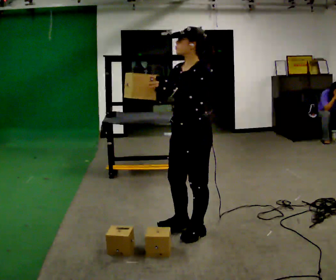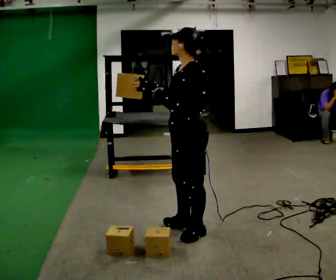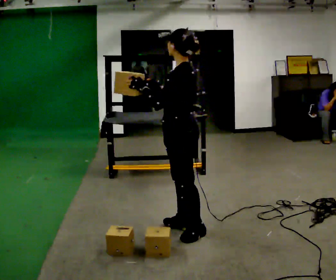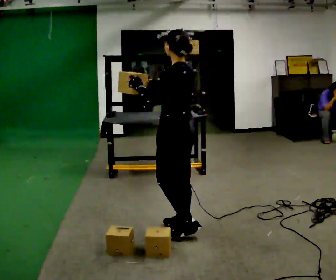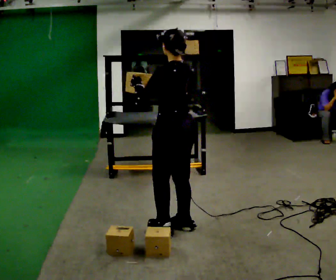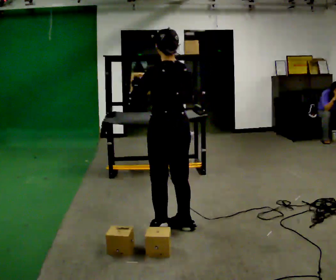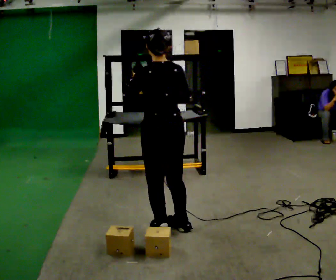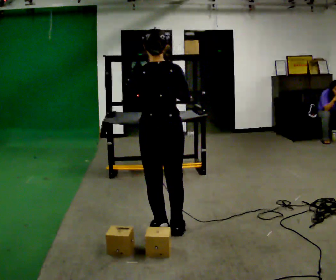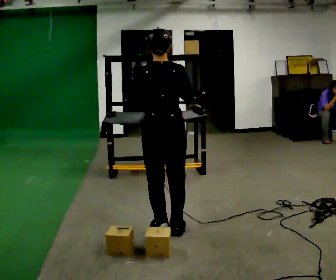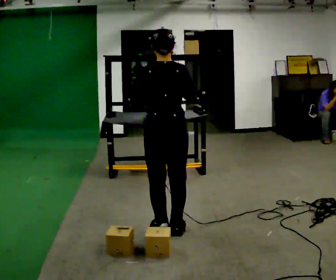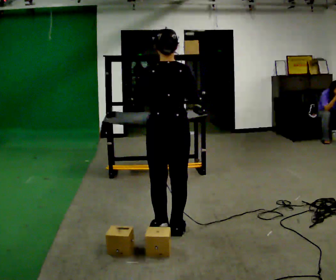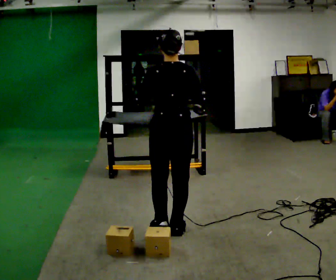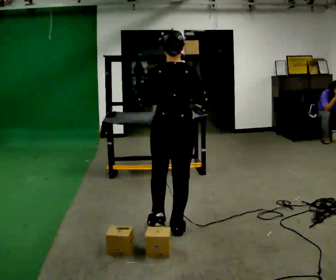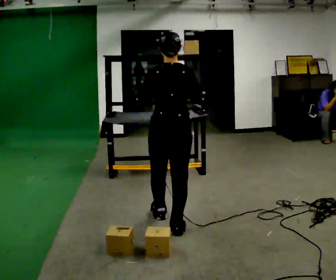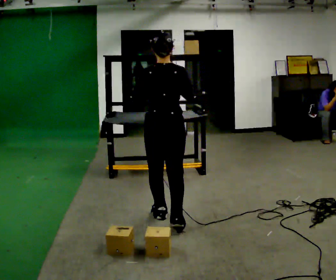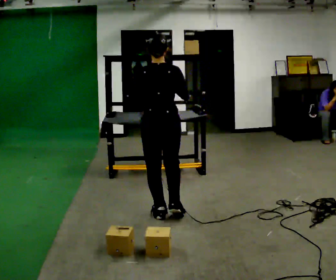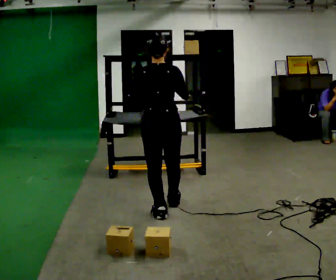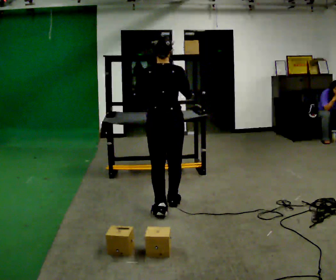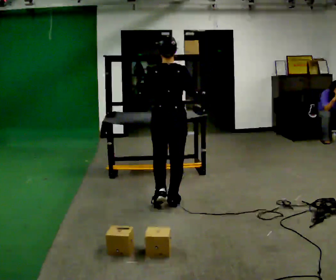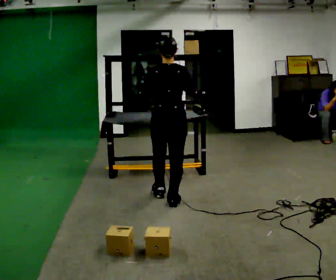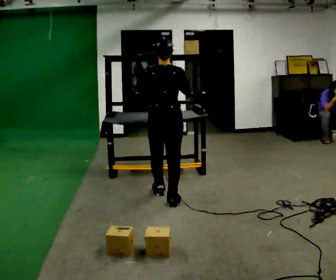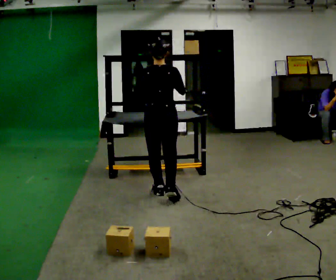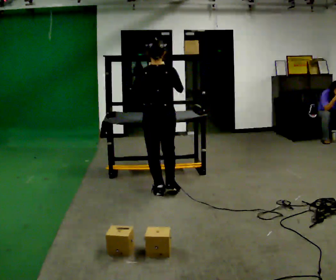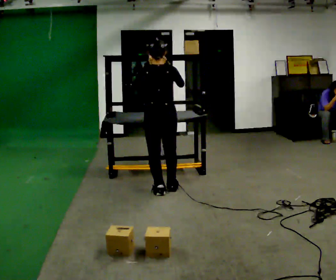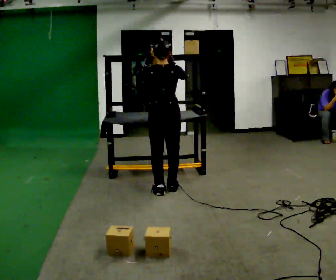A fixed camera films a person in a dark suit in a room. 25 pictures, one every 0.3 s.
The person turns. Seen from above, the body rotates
clockwise.
The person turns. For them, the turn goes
to their right.
0.0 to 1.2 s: The part of the body nearest the lens slides to the left as the person turns to their right by about 75 degrees.
1.2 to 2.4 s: The person turns about 45 degrees to their right, clockwise seen from above, so the part of the body nearest the lens slides to the left.
2.4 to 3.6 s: The person moves a little, or ends about where they began.
3.6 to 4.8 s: In the picture they go away from the camera, about 0.25 m in 1 step, which for them is forward.
4.8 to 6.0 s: In the picture they go away from the camera, about 0.5 m in 2 steps, which for them is forward.
6.0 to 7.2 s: In the picture they go away from the camera, about 0.25 m in 1 step, which for them is forward.
The film runs forward here.
